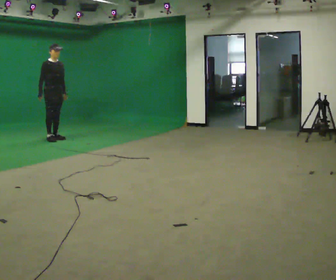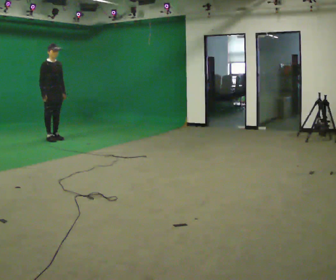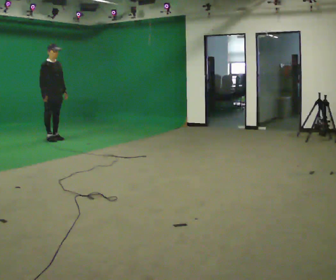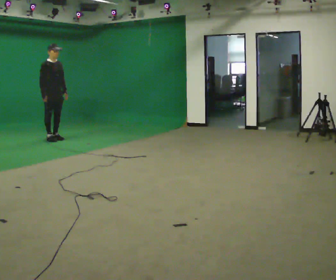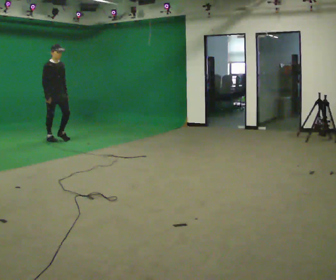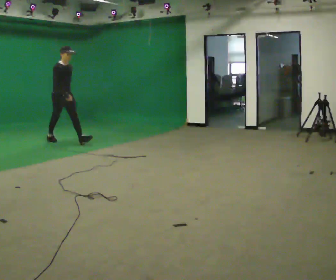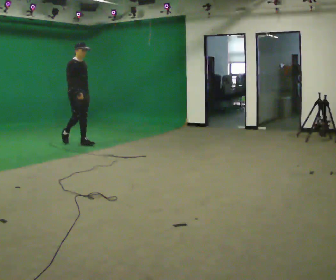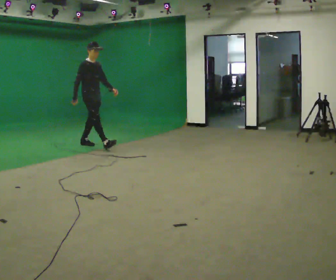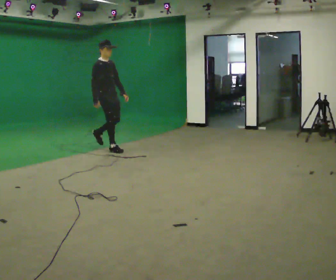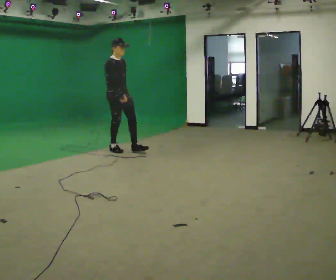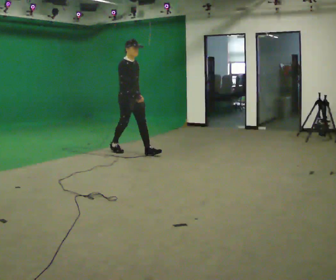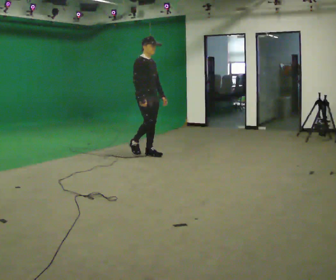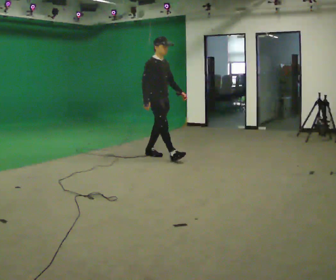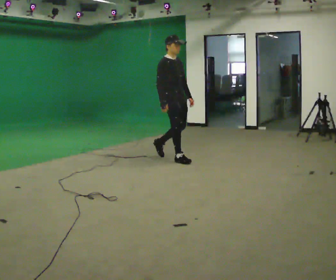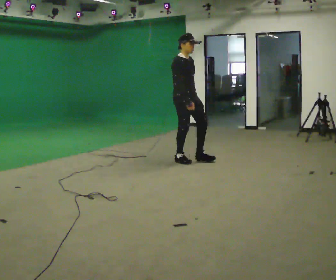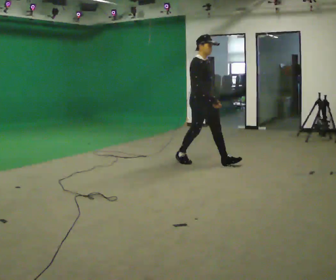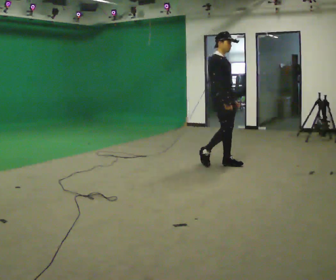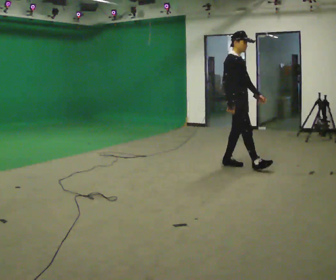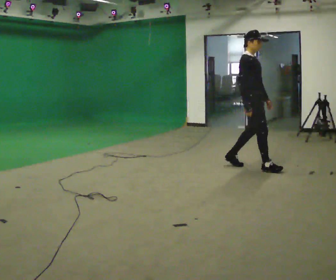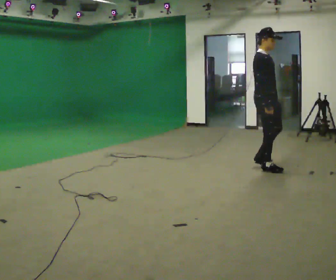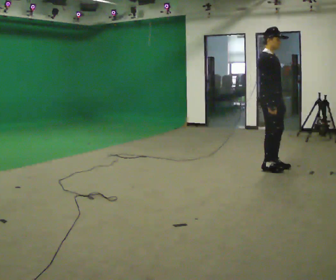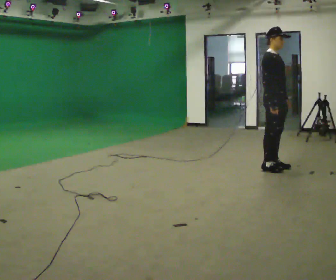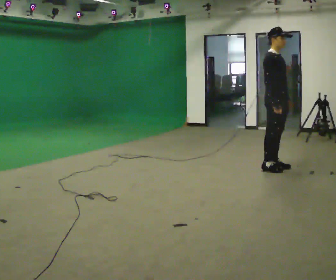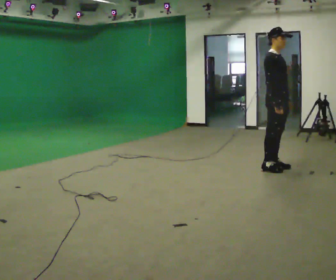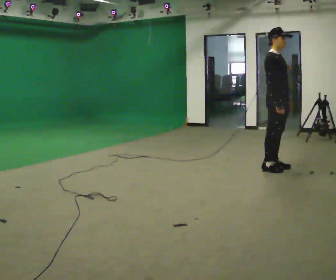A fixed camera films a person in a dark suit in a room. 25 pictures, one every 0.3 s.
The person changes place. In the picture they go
to the right.
0.0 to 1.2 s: The person moves a little, or ends about where they began.
1.2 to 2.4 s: In the picture they go to the right and toward the camera, about 1.5 m in 2 steps, which for them is forward.
2.4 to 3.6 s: In the picture they go to the right and toward the camera, about 1 m in 1 step, which for them is forward.
3.6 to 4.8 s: In the picture they go to the right and toward the camera, about 1 m in 2 steps, which for them is forward.
4.8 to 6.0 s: In the picture they go to the right and toward the camera, about 0.75 m in 2 steps, which for them is forward.
6.0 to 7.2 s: The person moves a little, or ends about where they began.
The film runs forward here.
